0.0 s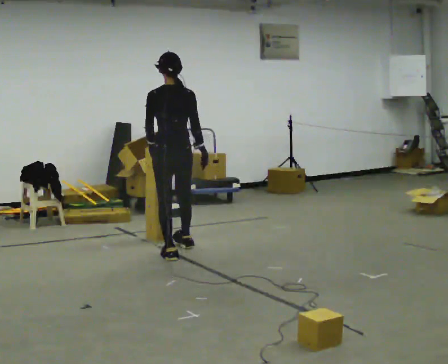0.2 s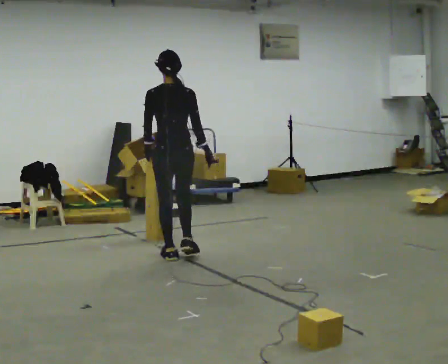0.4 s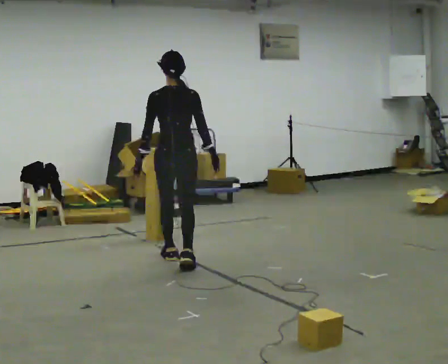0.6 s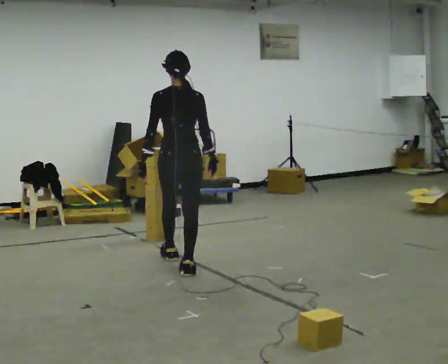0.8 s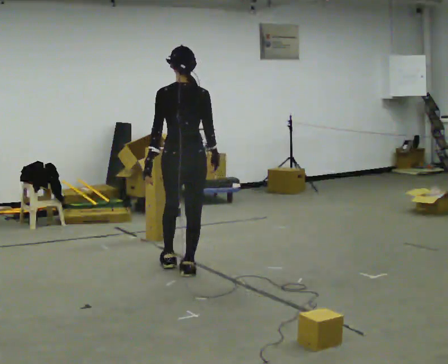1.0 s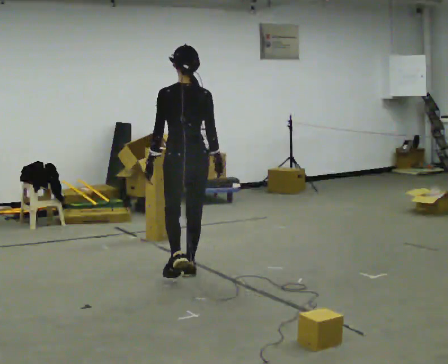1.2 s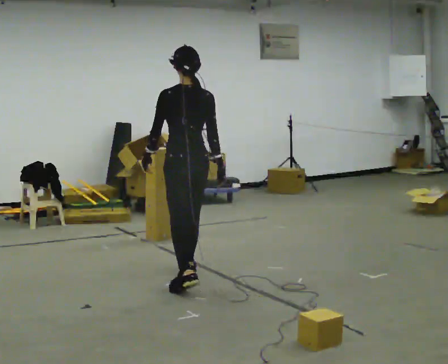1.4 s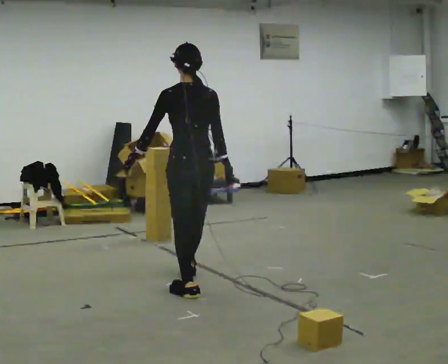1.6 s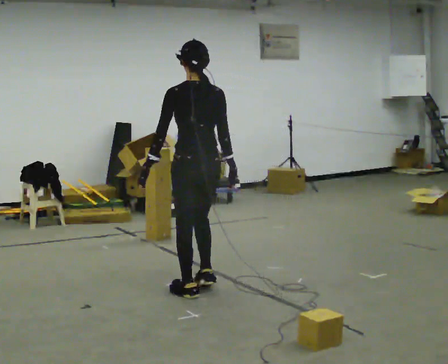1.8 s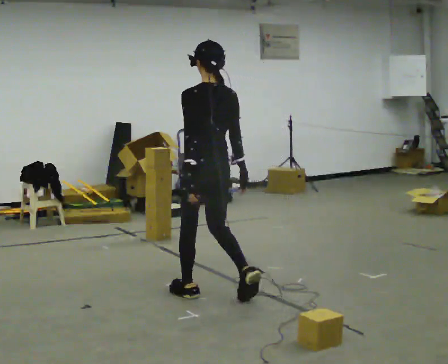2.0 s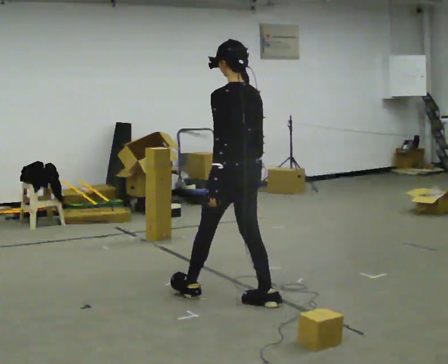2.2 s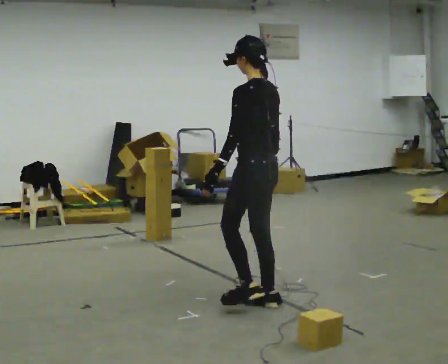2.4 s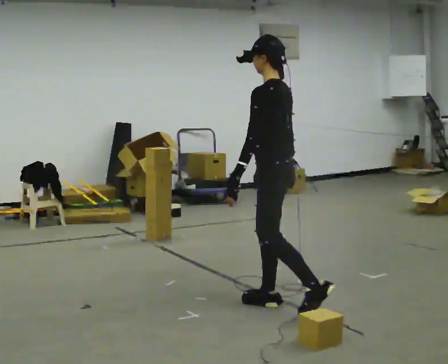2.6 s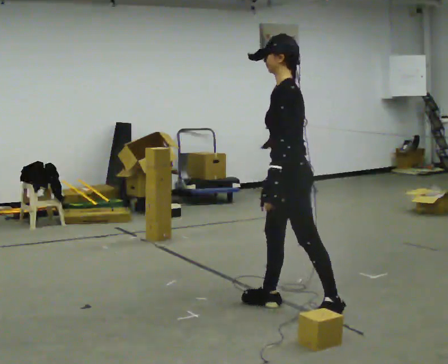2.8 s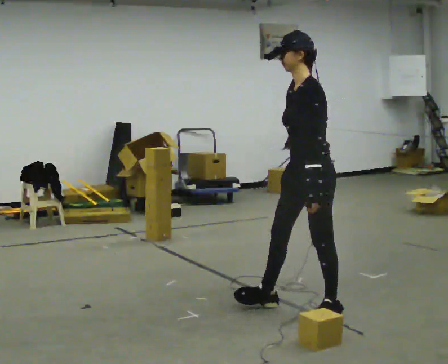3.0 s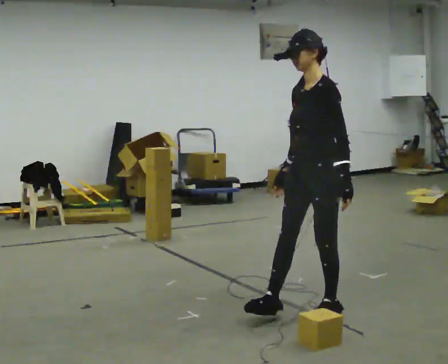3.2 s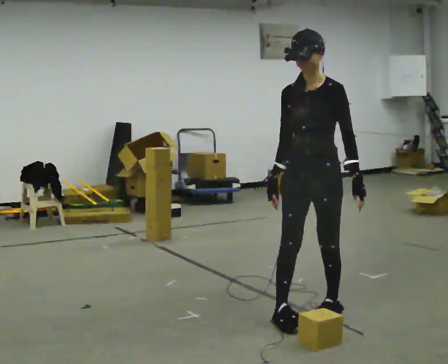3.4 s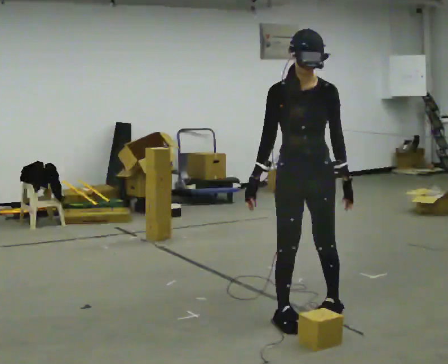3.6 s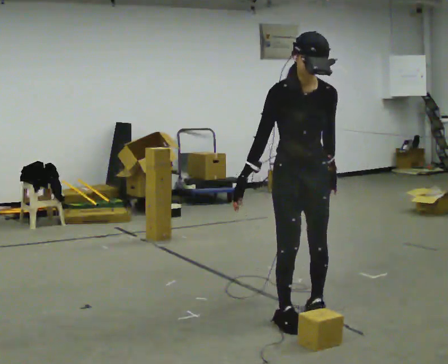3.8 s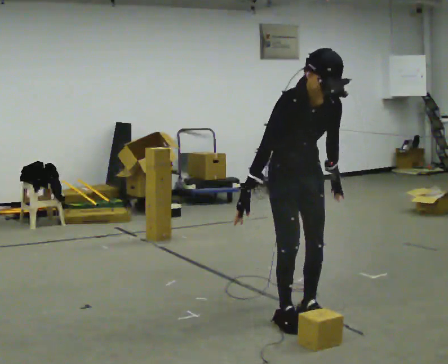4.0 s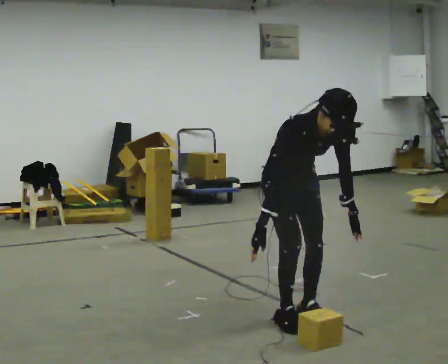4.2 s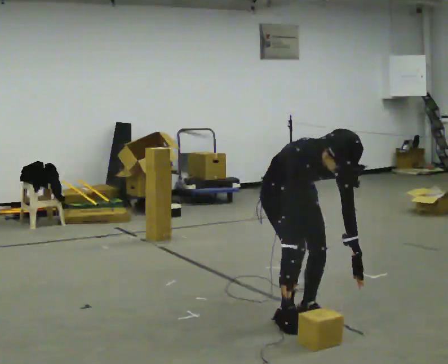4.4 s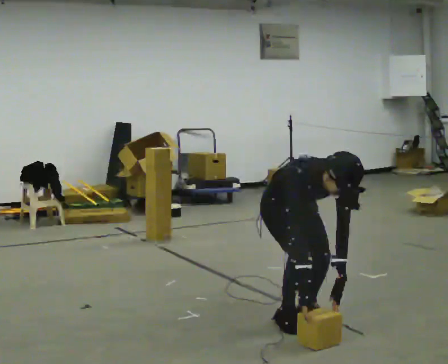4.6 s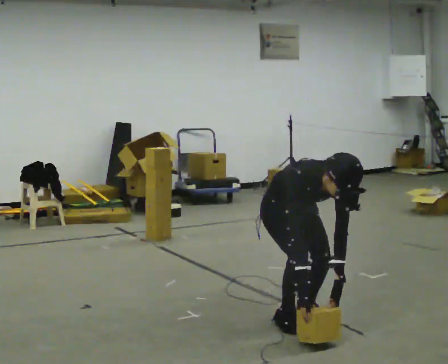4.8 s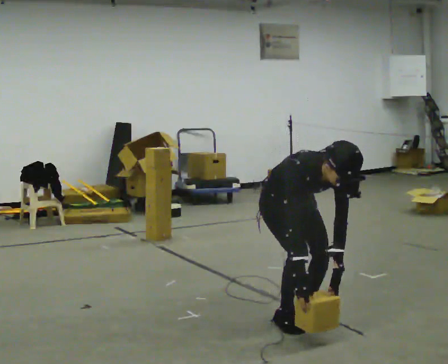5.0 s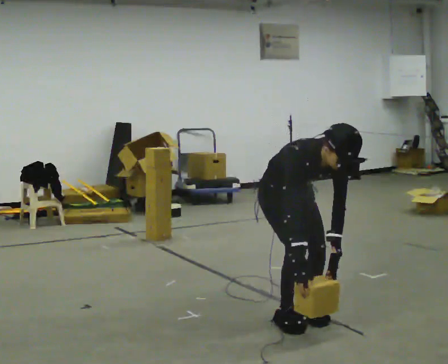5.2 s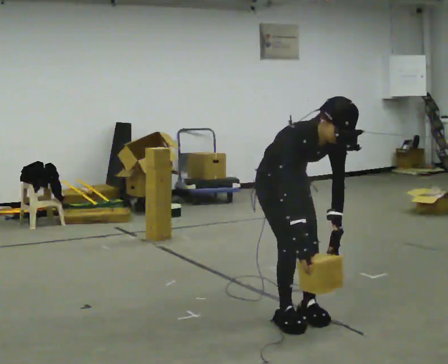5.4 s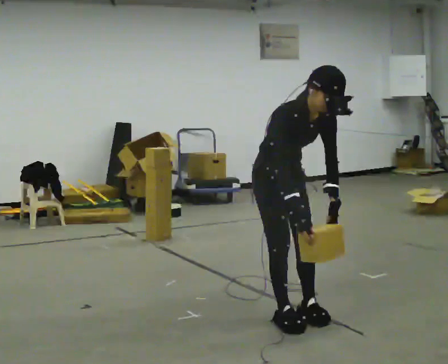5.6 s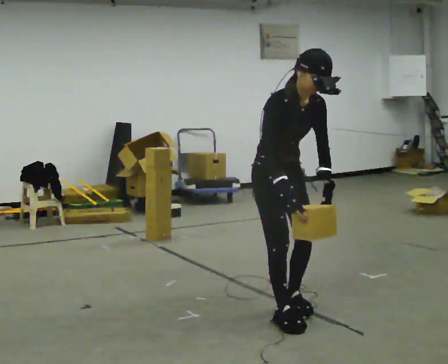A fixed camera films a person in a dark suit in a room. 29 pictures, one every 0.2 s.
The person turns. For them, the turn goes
to their left.
The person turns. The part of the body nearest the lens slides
to the right.
0.0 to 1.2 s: In the picture they go toward the camera, about 1 m in 1 step, which for them is backward.
1.2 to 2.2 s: The part of the body nearest the lens slides to the right as the person turns to their left by about 30 degrees. In the picture they go to the right and toward the camera, about 0.5 m in 2 steps, which for them is backward and to their right.
2.2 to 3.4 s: The part of the body nearest the lens slides to the right as the person turns to their left by about 120 degrees. In the picture they go to the right and toward the camera, about 0.5 m in 1 step.
3.4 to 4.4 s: The part of the body nearest the lens slides to the right as the person turns to their left by about 30 degrees. The upper body goes downward. The upper body tips toward the camera, its near side rolling downward, as they bend forward. In the picture their right hand goes downward.
4.4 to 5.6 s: The upper body goes upward. The upper body tips away from the camera, its near side rolling upward, as they lean back or straighten. In the picture their left hand goes upward.
The film runs backward here.
